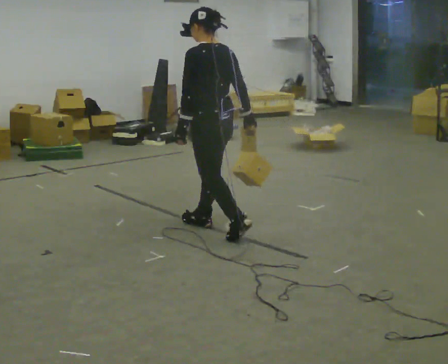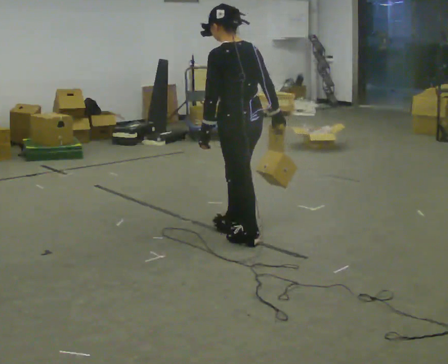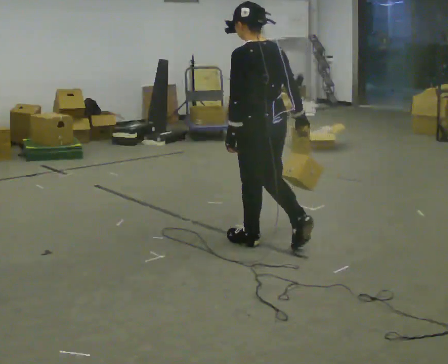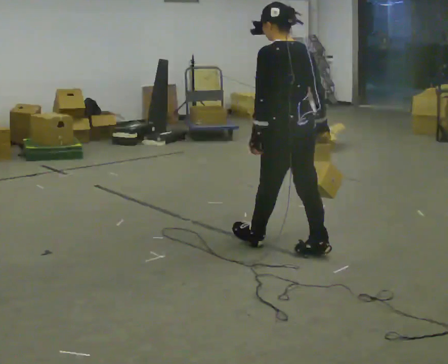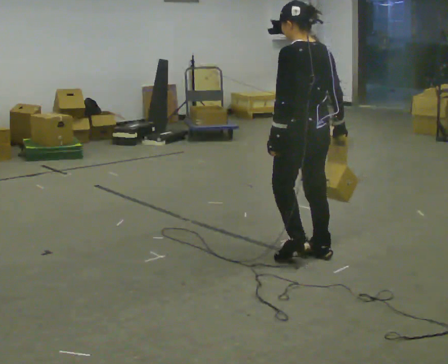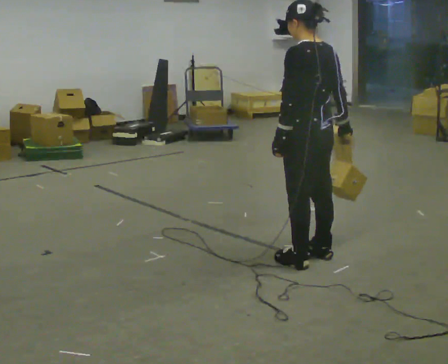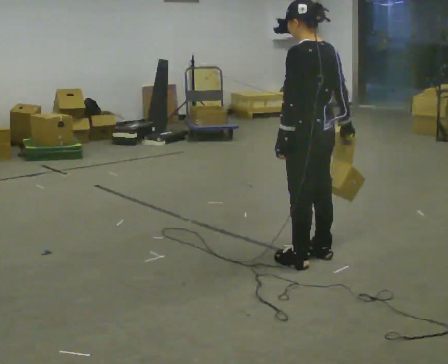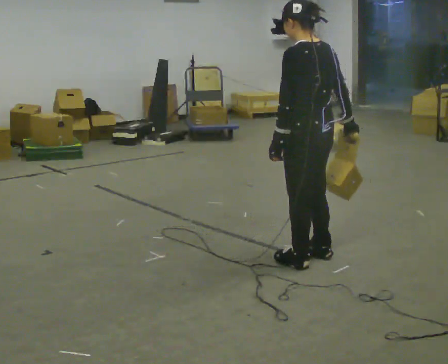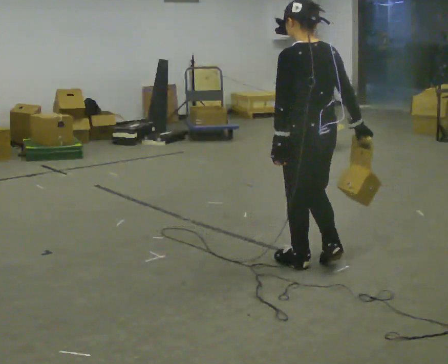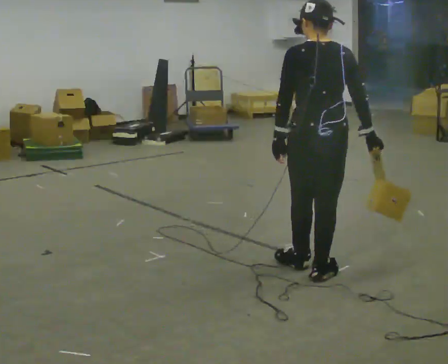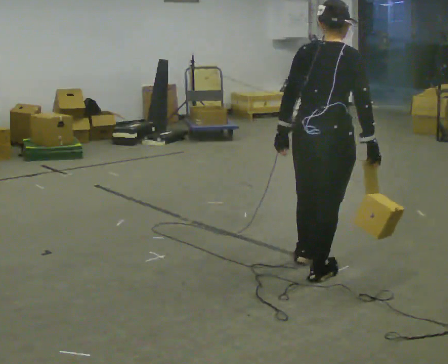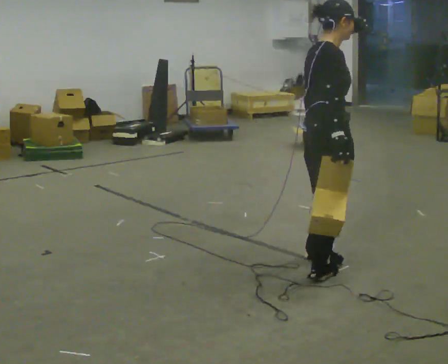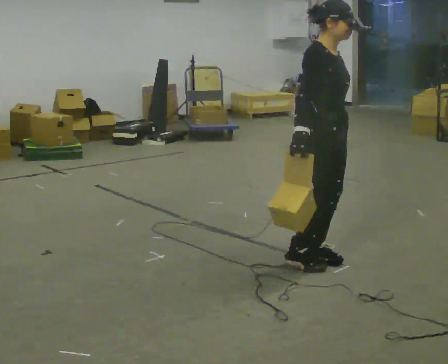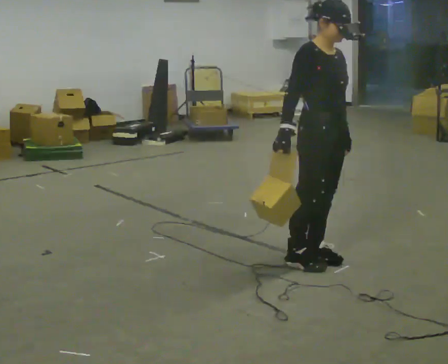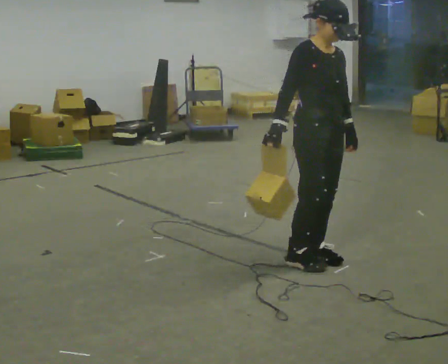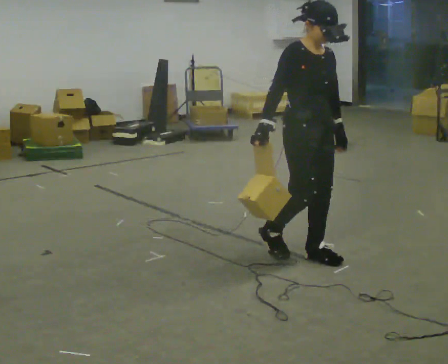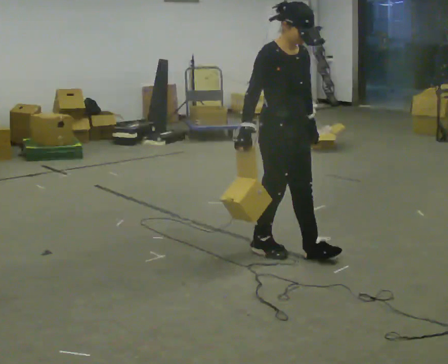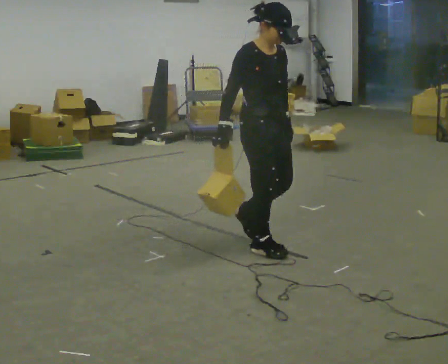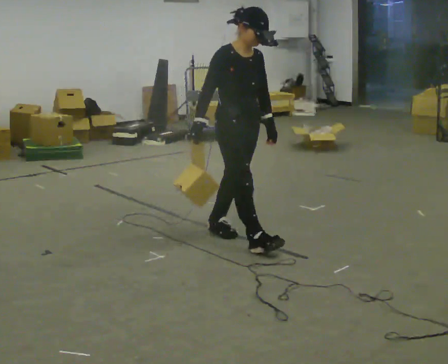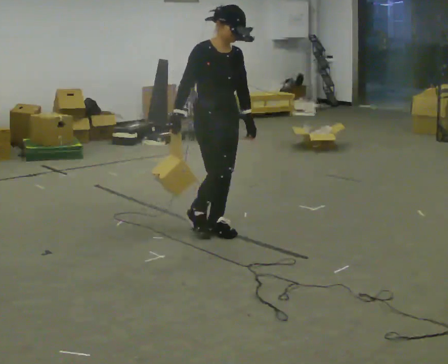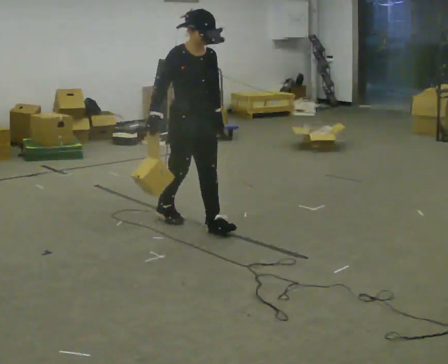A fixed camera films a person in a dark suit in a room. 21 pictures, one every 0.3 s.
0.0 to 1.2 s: In the picture they go to the right and toward the camera, about 0.5 m in 2 steps, which for them is backward.
1.2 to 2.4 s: In the picture they go toward the camera, about 0.25 m in 1 step, which for them is backward and to their left.
2.4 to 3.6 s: The person turns about 150 degrees to their right, clockwise seen from above, so the part of the body nearest the lens slides to the left. In the picture their right hand goes to the left, the arm swinging clockwise.
3.6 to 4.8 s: In the picture they go to the left, about 0.25 m in 2 steps, which for them is backward.
4.8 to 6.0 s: In the picture they go to the left and away from the camera, about 1 m in 1 step, which for them is backward.
The film runs backward here.
